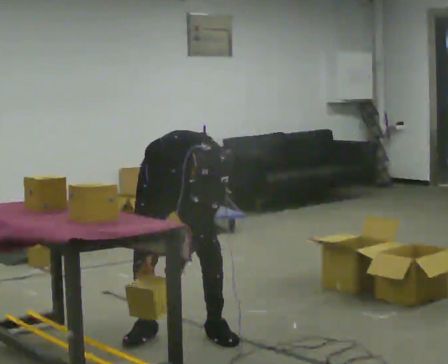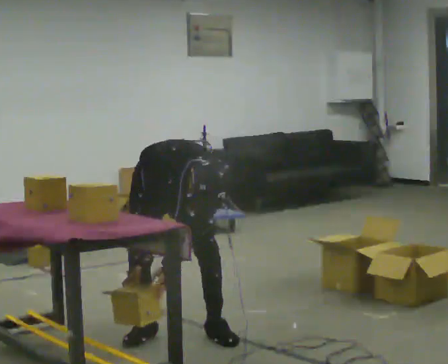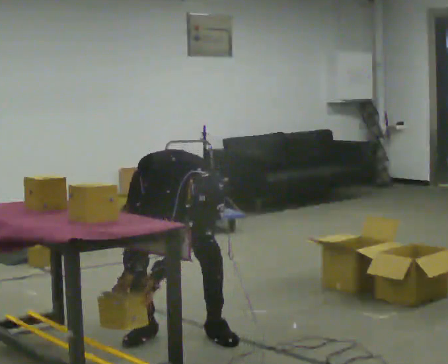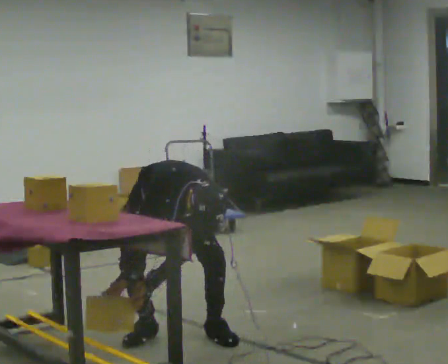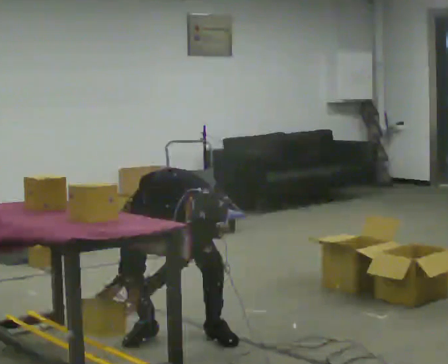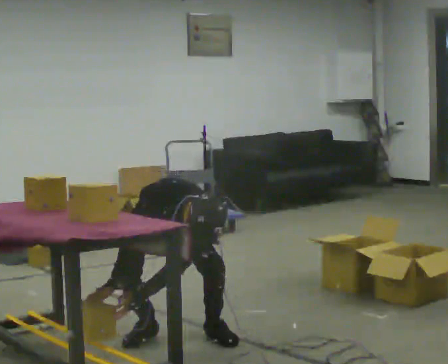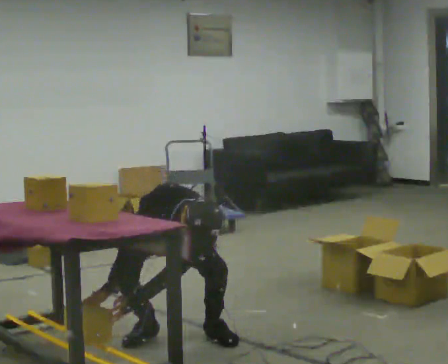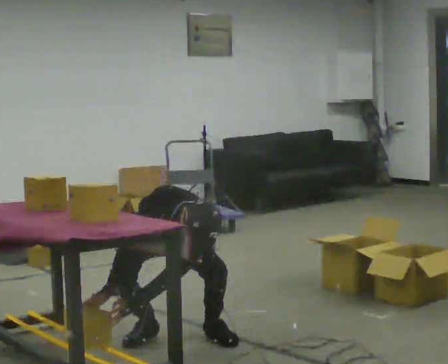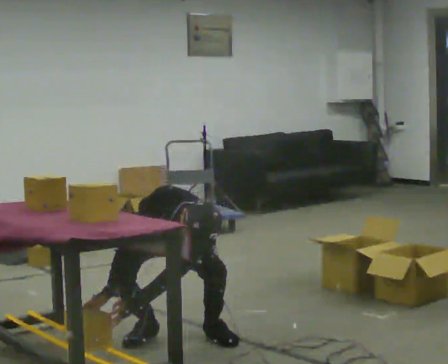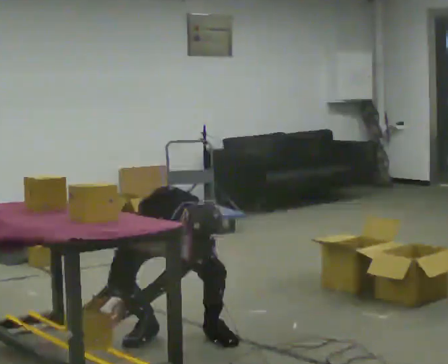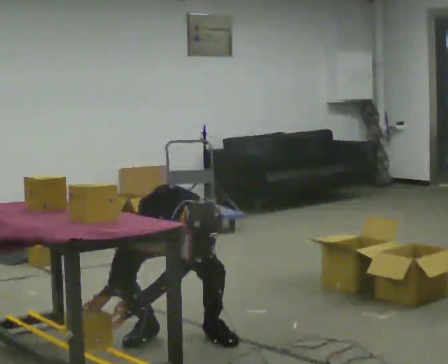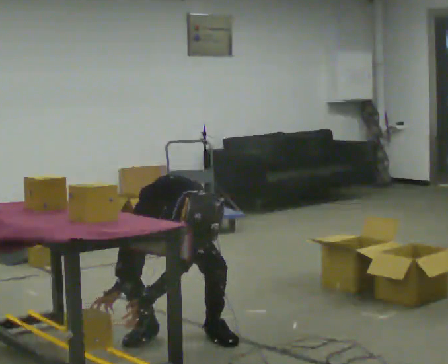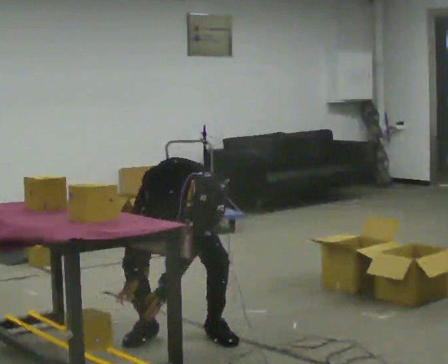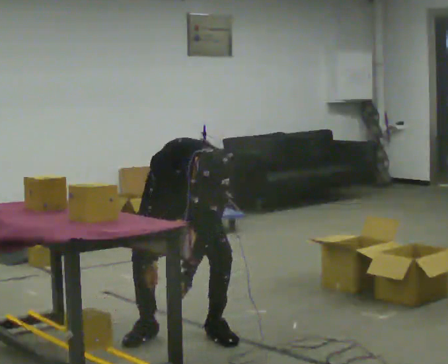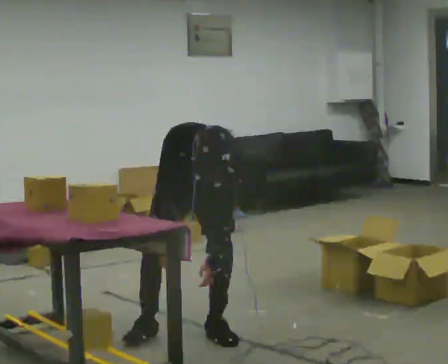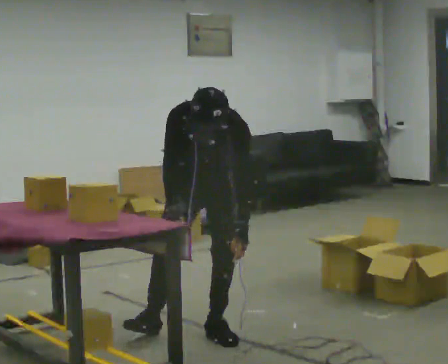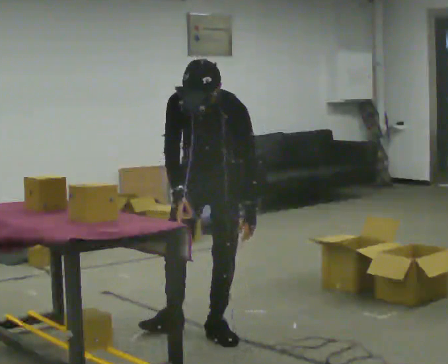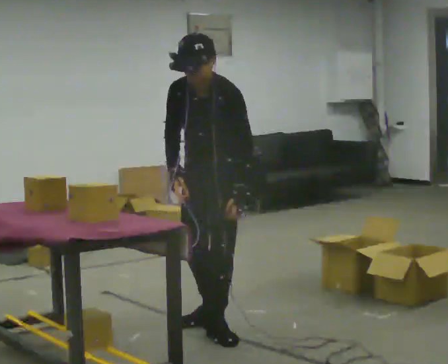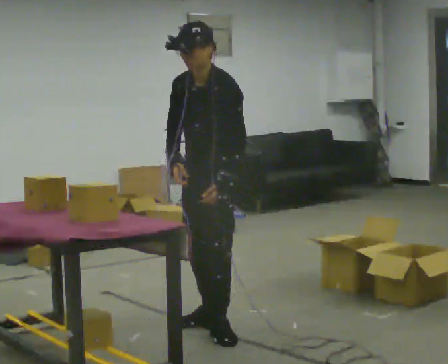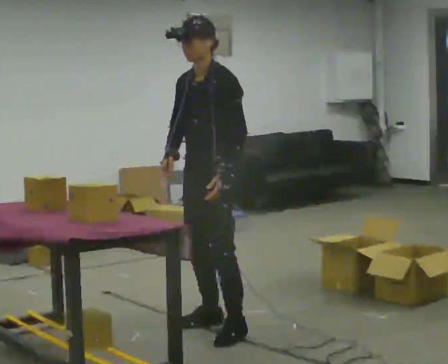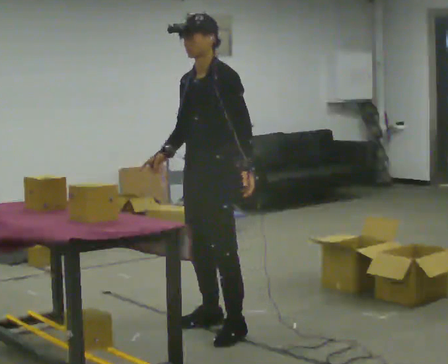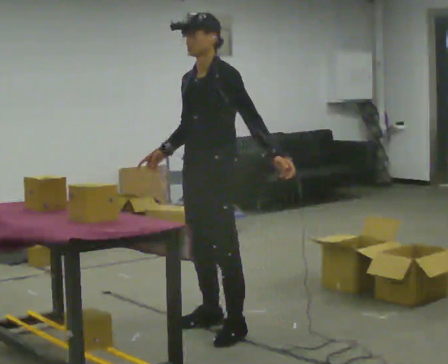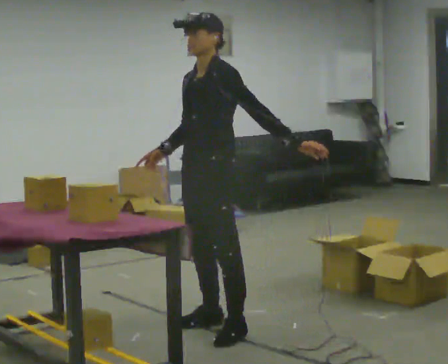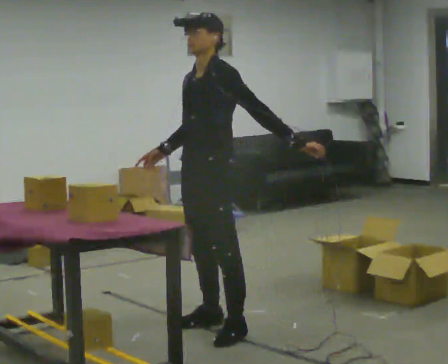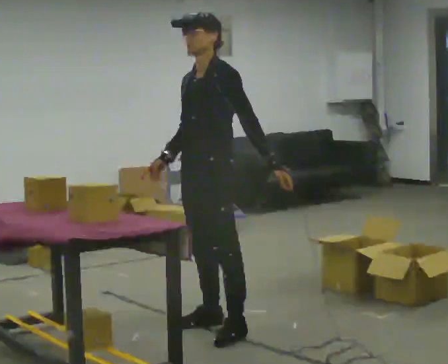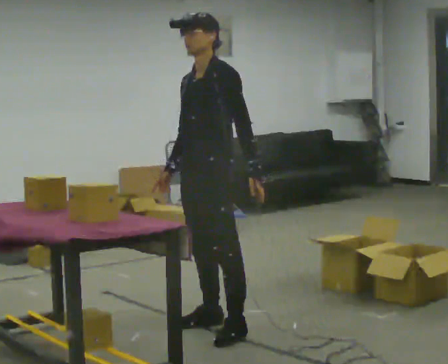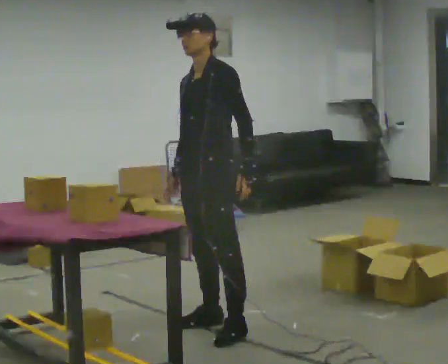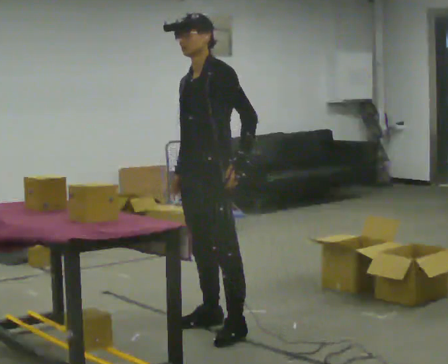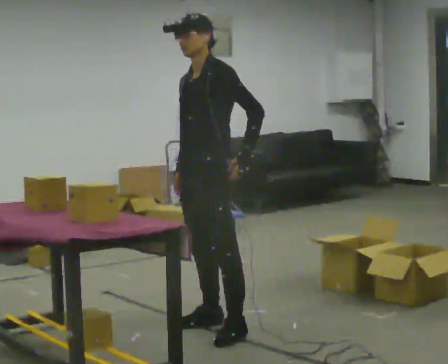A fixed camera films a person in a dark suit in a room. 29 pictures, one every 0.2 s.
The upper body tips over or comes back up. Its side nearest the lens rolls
upward.
0.0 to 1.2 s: The shoulders move downward.
1.2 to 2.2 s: The person moves a little, or ends about where they began.
2.2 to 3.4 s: The person turns about 45 degrees to their right, clockwise seen from above, so the part of the body nearest the lens slides to the left. In the picture they go to the right, about 0.25 m in 1 step, which for them is to their left. The upper body goes upward. The upper body tips away from the camera, its near side rolling upward, as they lean back or straighten. In the picture their left hand goes upward.
3.4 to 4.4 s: The upper body tips away from the camera, its near side rolling upward, as they lean back or straighten. In the picture their left hand goes to the right.
4.4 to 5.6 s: The person moves a little, or ends about where they began.
The film runs forward here.
